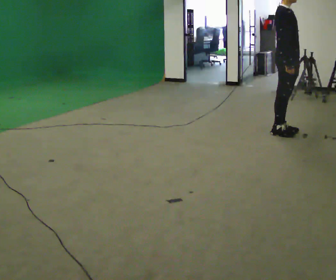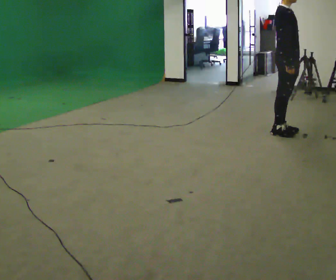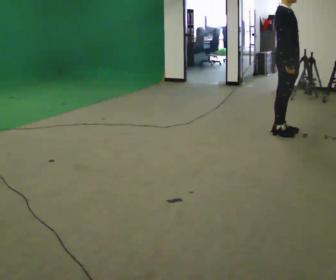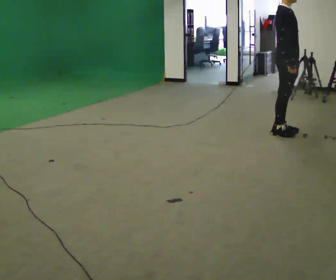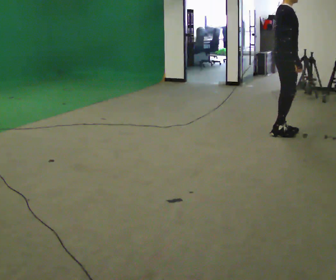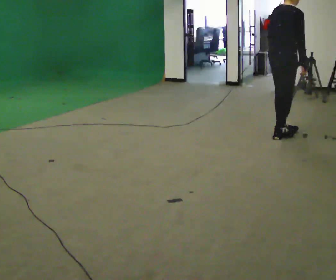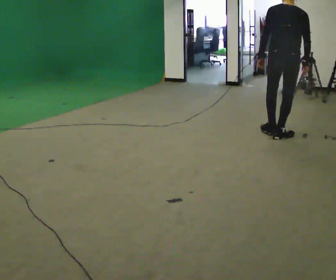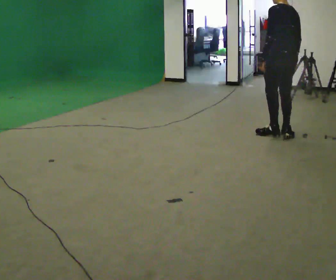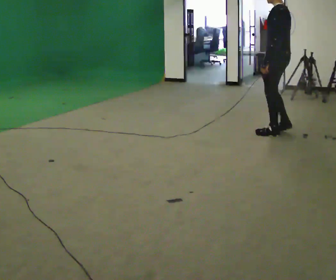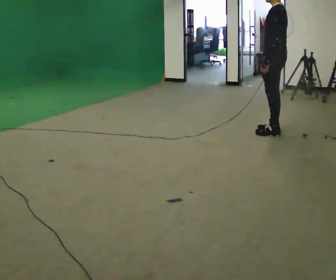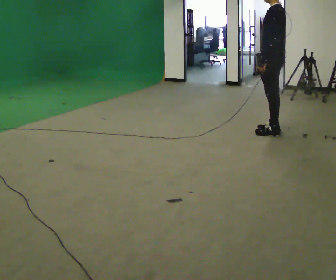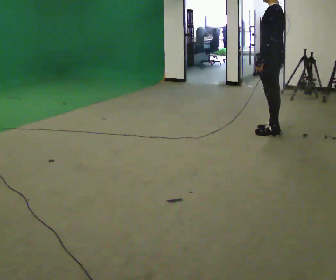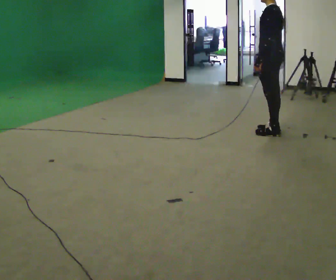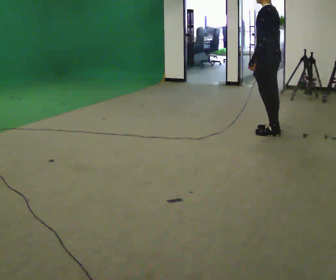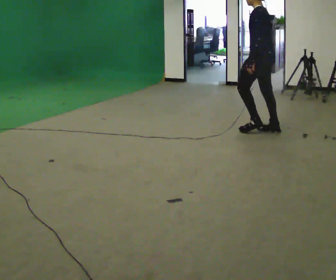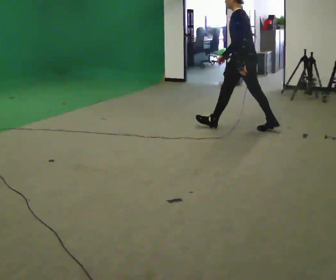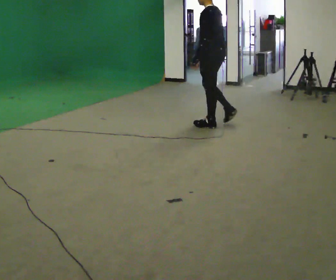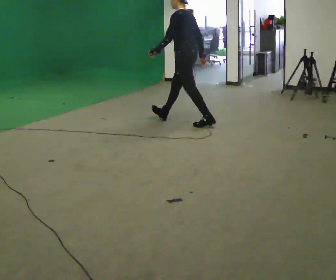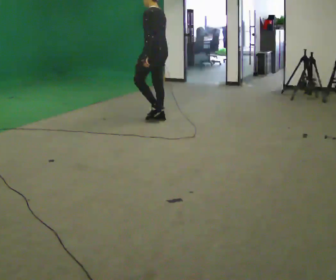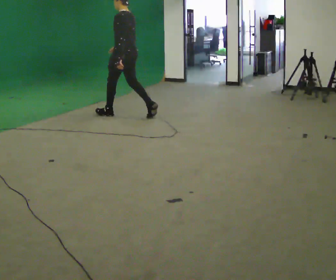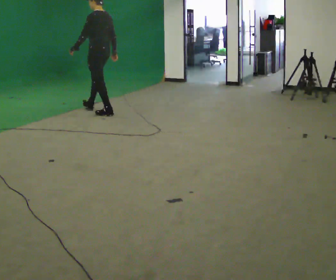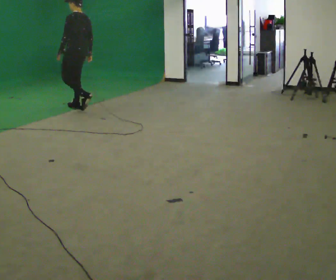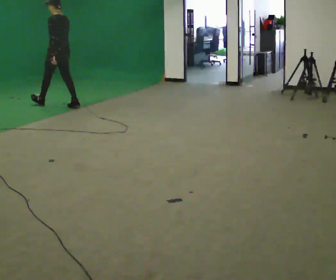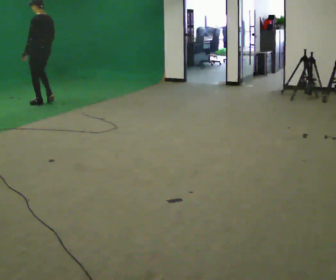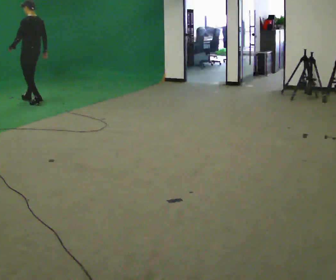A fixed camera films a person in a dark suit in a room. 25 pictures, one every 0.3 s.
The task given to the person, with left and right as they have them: Walk normally; at marked point stop as quickly as comfortably possible; remain still.
0.0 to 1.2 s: The part of the body nearest the lens slides to the right as the person turns to their left by about 30 degrees.
1.2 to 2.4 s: Seen from above the body turns counterclockwise, about 150 degrees: to their left, with its near side sliding to the right.
2.4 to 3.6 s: The person moves a little, or ends about where they began.
3.6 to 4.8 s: In the picture they go to the left, about 0.5 m in 1 step, which for them is forward.
4.8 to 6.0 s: In the picture they go to the left, about 1.5 m in 2 steps, which for them is forward.
6.0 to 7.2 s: In the picture they go to the left, about 1.5 m in 3 steps, which for them is forward.
The film runs forward here.
